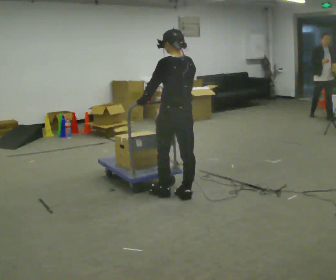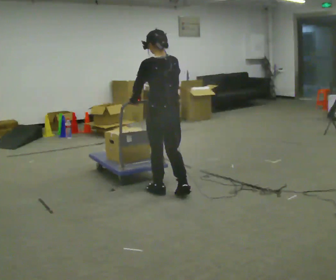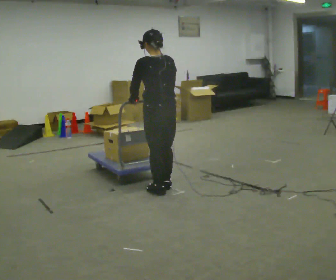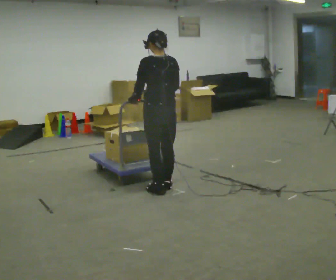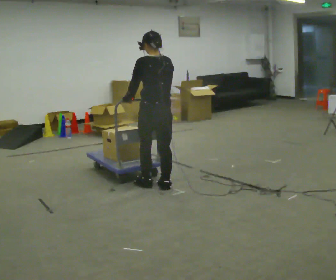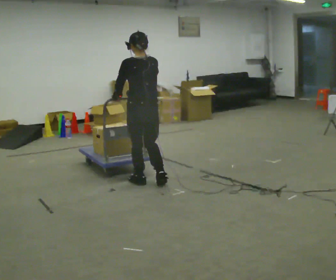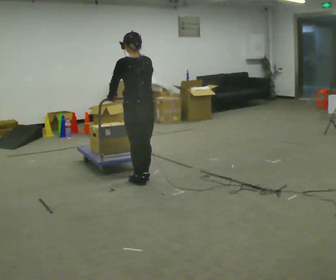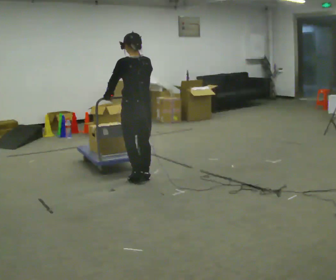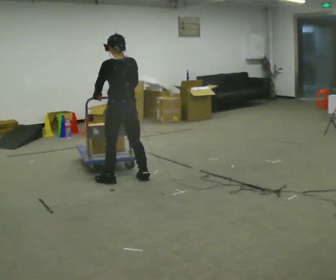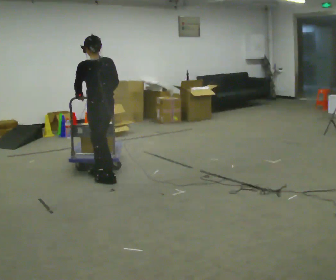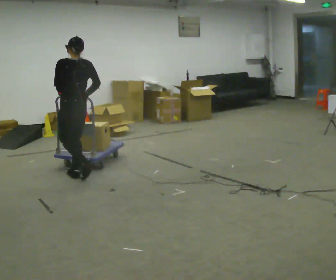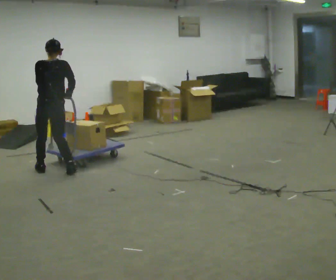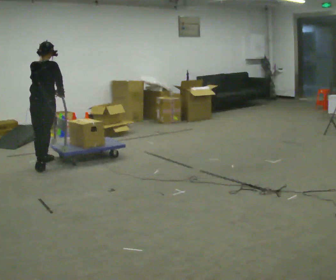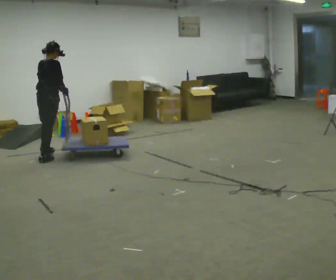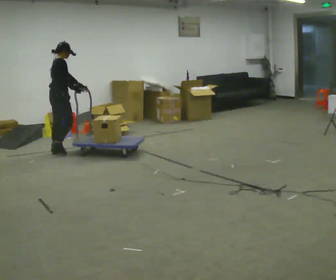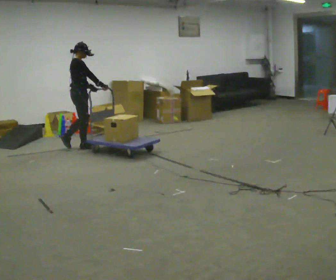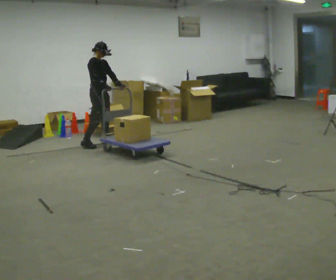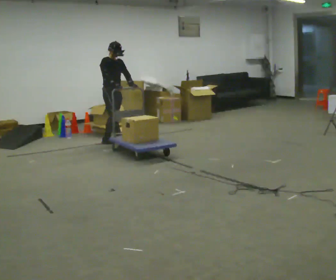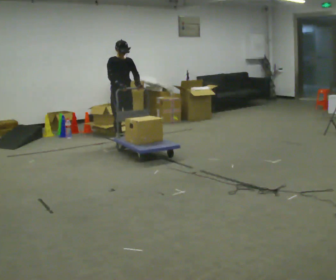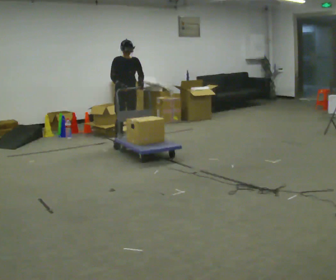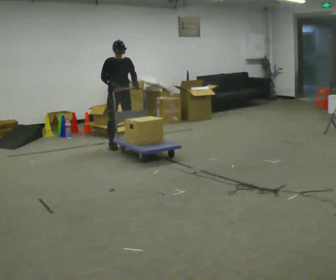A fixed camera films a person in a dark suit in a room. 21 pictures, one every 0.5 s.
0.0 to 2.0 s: In the picture they go away from the camera, about 0.25 m in 2 steps, which for them is forward.
2.0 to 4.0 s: In the picture they go to the left and away from the camera, about 0.5 m in 3 steps, which for them is forward and to their left.
4.0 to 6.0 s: The person turns about 45 degrees to their right, clockwise seen from above, so the part of the body nearest the lens slides to the left. In the picture they go to the left and away from the camera, about 1 m in 3 steps, which for them is forward.
6.0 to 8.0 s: The part of the body nearest the lens slides to the left as the person turns to their right by about 105 degrees. In the picture they go away from the camera and to the right, about 1 m in 3 steps.
8.0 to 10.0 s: Seen from above the body turns clockwise, about 45 degrees: to their right, with its near side sliding to the left. In the picture they go to the right, about 0.25 m in 2 steps, which for them is forward and to their left.
The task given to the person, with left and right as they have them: Push the cart across the room and back. The operator will change how much is loaded on it between takes and will tell you each time.
The film runs forward here.
